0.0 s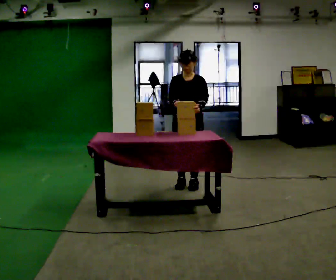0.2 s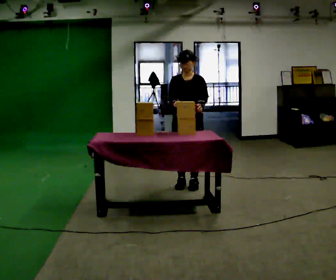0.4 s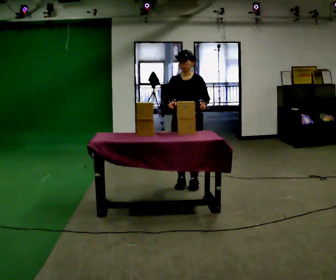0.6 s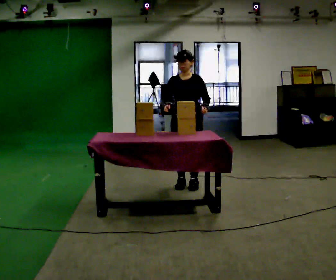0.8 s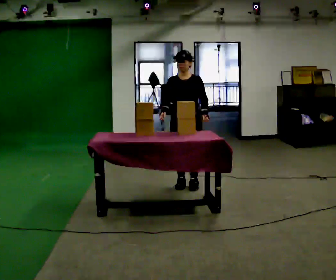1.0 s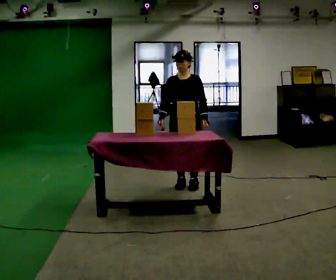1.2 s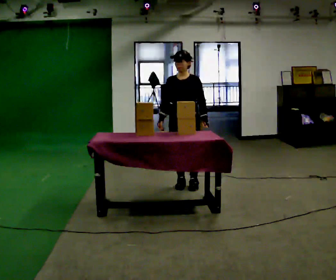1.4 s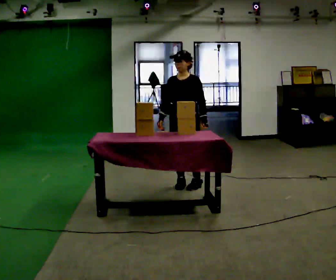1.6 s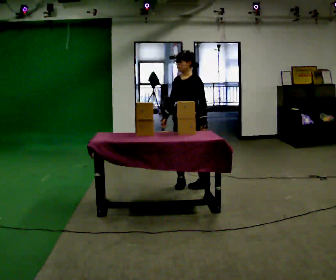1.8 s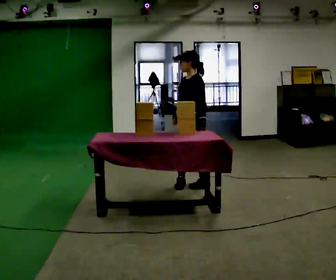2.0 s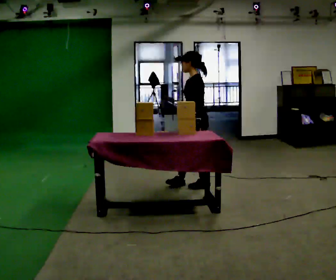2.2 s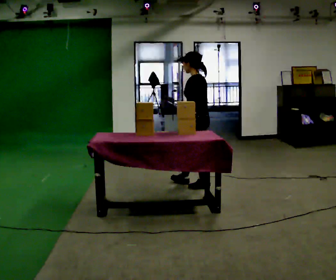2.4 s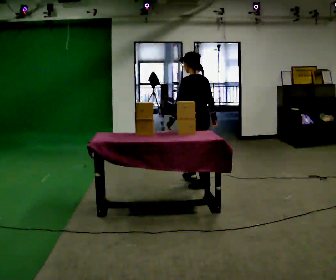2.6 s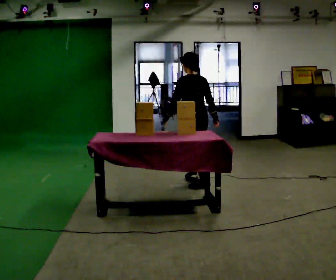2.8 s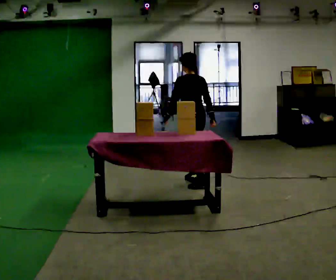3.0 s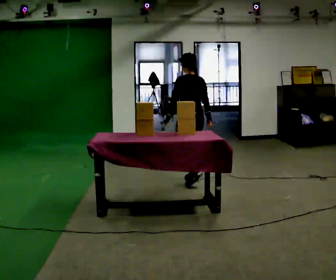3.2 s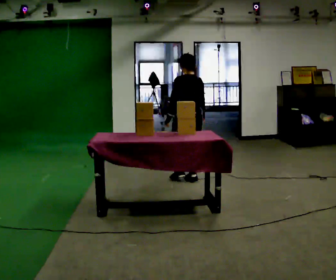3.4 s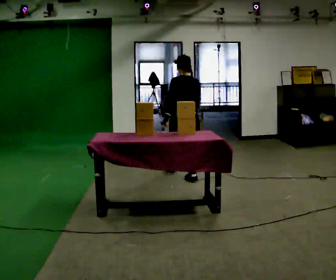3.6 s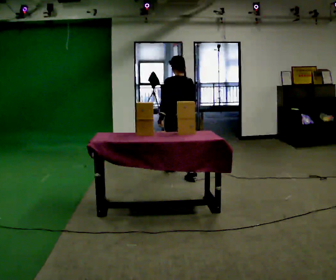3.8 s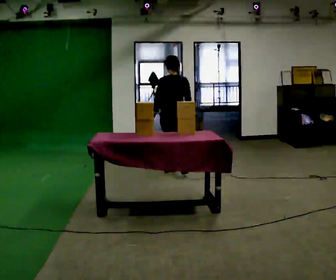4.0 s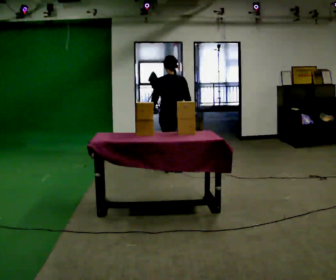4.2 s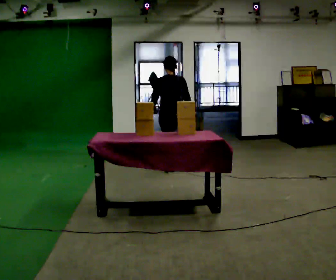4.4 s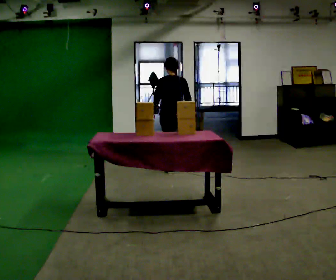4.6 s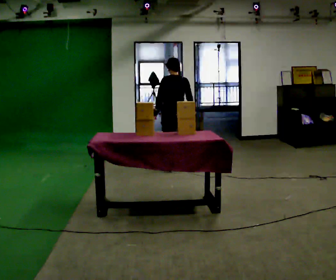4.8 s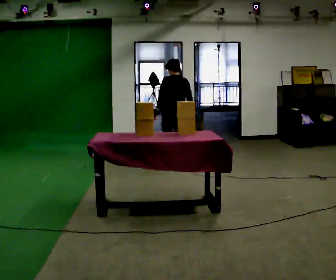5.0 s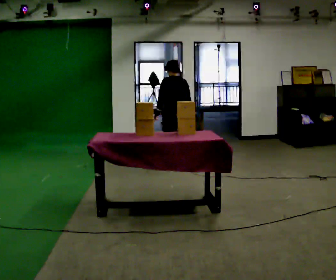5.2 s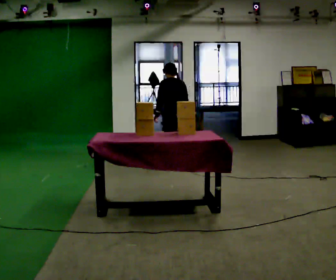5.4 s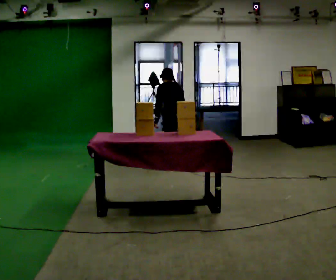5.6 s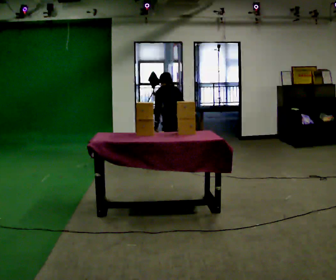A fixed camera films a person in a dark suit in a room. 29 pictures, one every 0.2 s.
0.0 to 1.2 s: The person moves a little, or ends about where they began.
1.2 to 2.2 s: The person turns about 90 degrees to their right, clockwise seen from above, so the part of the body nearest the lens slides to the left. In the picture they go to the right, about 0.25 m in 1 step. In the picture their right hand goes to the right.
2.2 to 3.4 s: Seen from above the body turns clockwise, about 60 degrees: to their right, with its near side sliding to the left. In the picture they go away from the camera, about 0.5 m in 1 step, which for them is forward and to their right.
3.4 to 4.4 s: In the picture they go away from the camera, about 0.5 m in 2 steps, which for them is forward.
4.4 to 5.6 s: The shoulders move downward. The upper body tips away from the camera, its near side rolling upward, as they bend forward.
The film runs forward here.
